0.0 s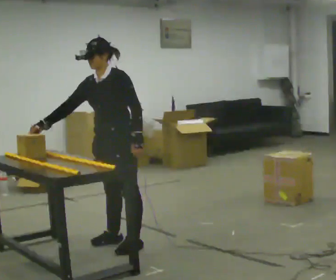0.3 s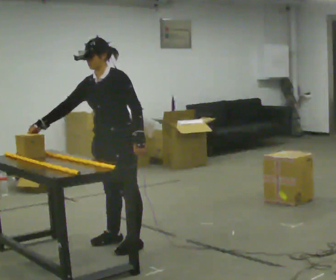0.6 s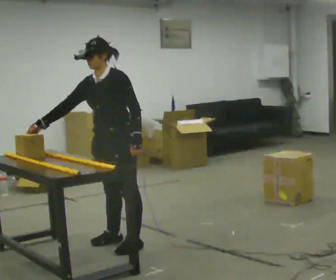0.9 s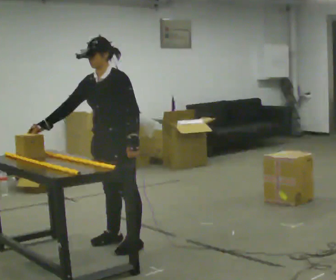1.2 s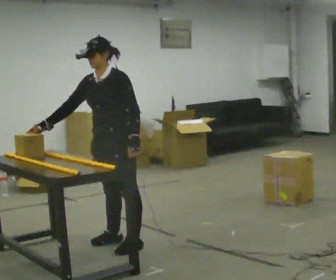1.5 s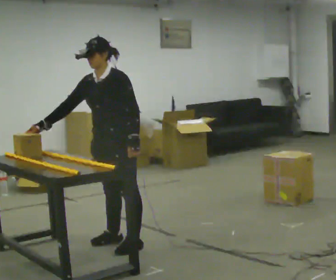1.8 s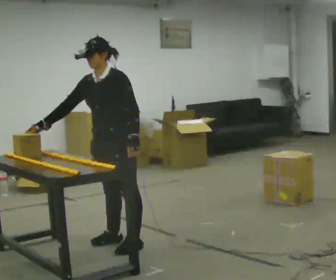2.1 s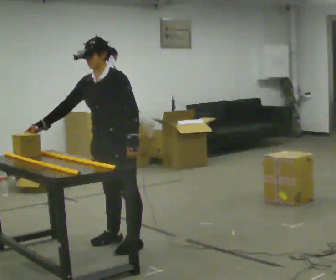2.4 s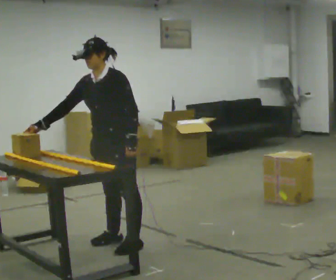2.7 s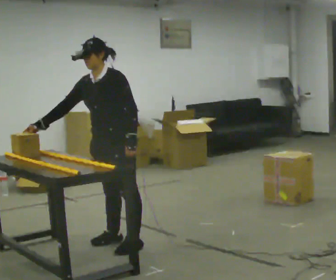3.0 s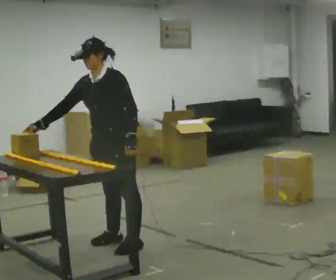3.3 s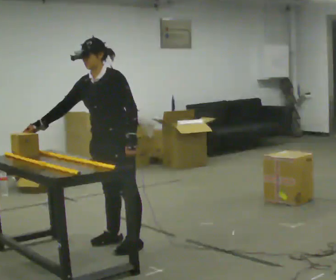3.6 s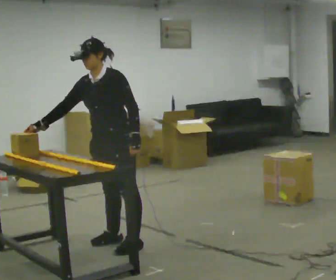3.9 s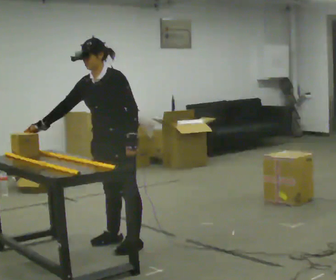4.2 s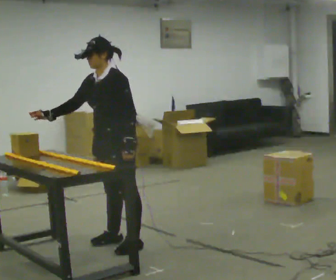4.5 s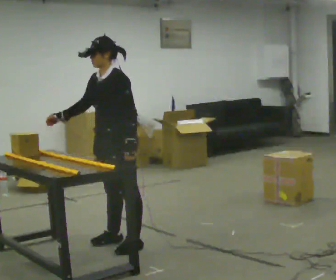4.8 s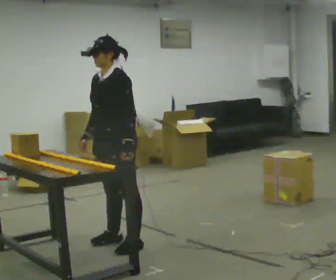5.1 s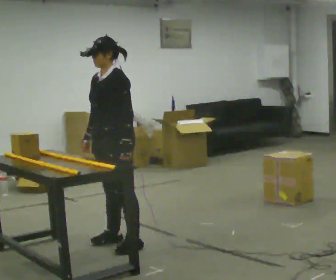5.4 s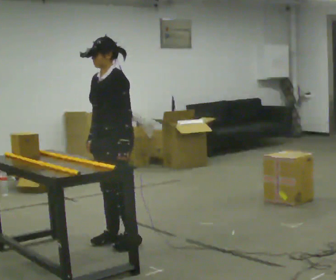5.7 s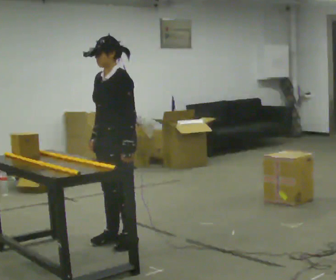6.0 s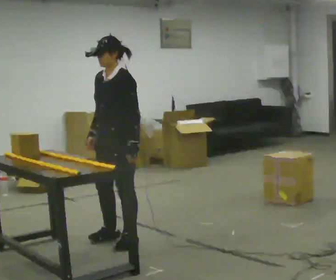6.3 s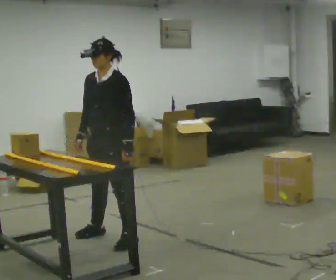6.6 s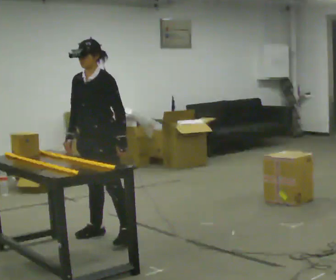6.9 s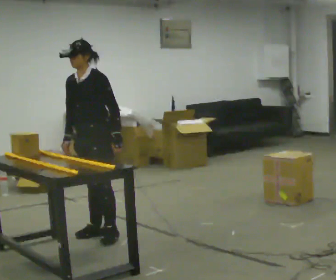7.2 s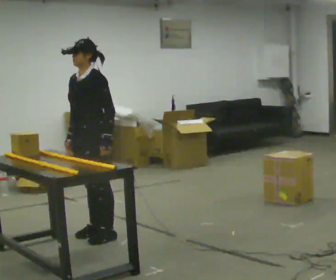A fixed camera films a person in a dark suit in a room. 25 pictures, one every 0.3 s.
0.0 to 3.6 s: The person moves a little, or ends about where they began.
3.6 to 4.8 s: In the picture their right hand goes to the right.
4.8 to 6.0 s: The person moves a little, or ends about where they began.
6.0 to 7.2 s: In the picture they go away from the camera and to the left, about 0.25 m in 1 step, which for them is to their right.
The film runs backward here.
